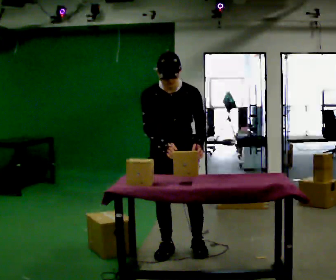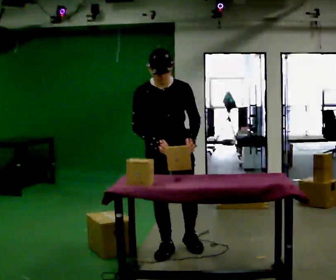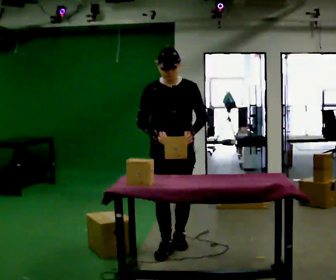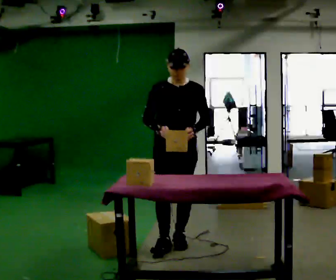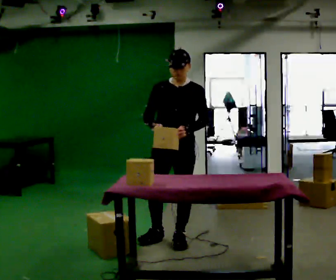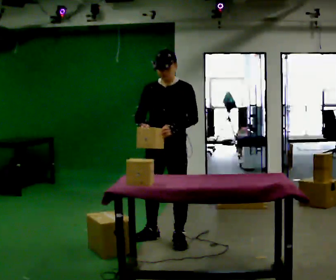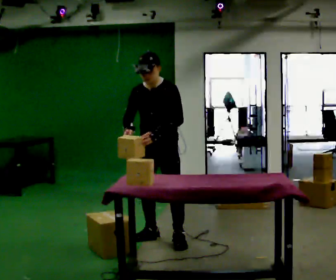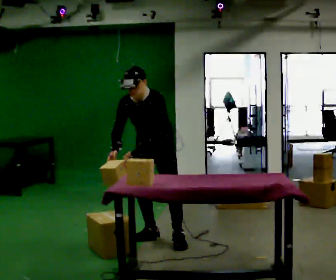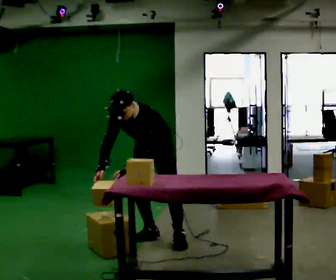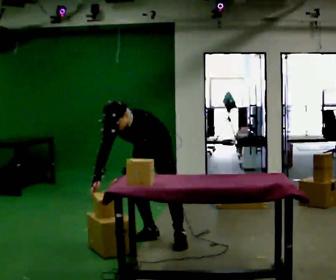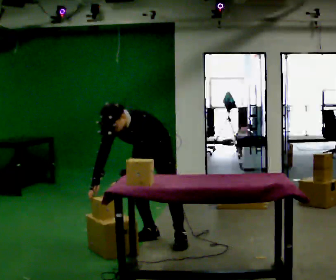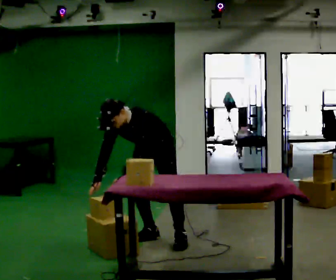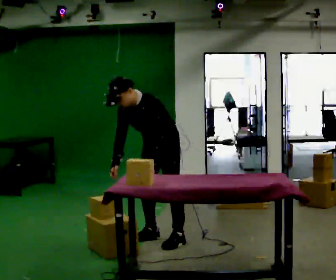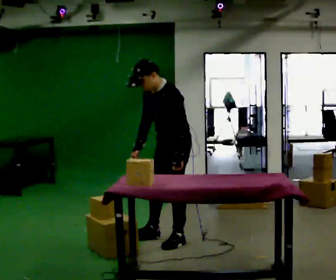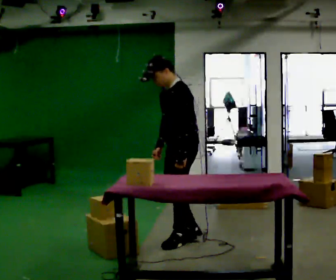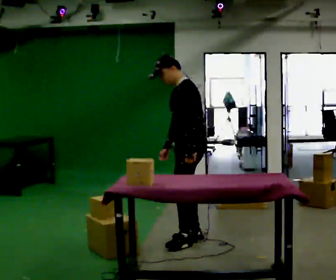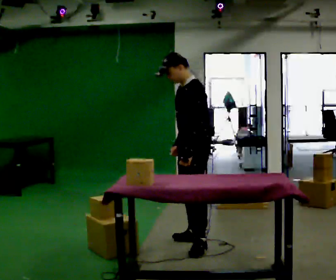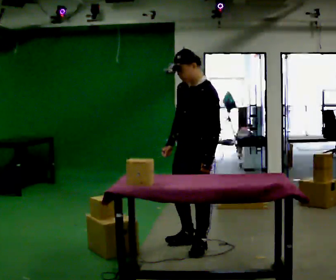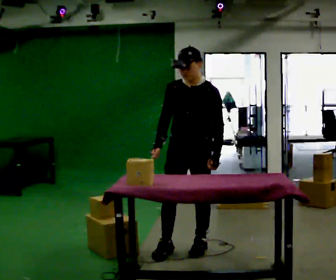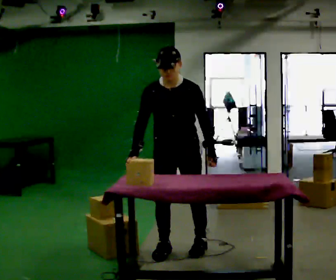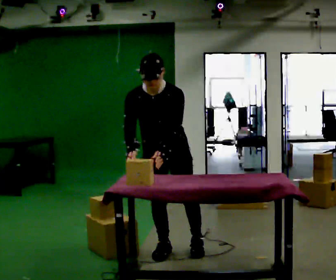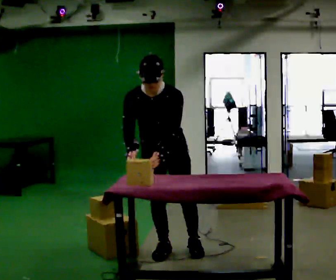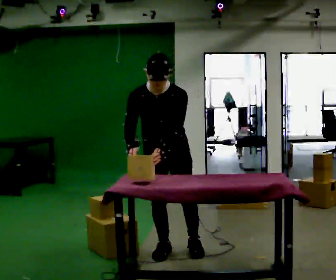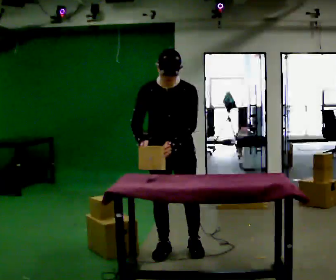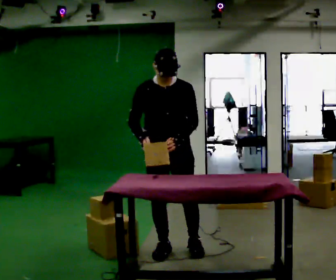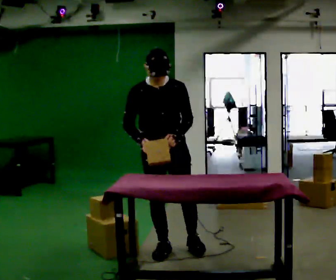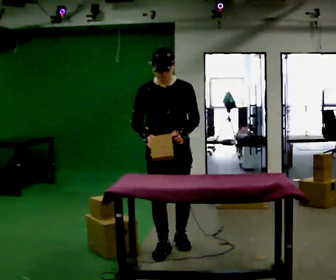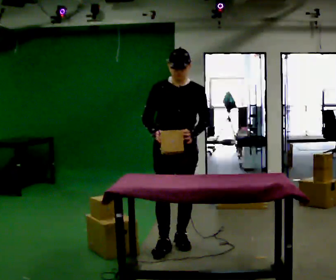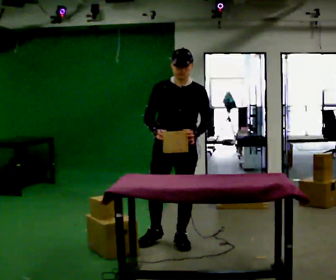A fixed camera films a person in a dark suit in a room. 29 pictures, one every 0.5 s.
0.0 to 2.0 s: In the picture they go away from the camera, about 0.25 m in 2 steps, which for them is backward. The upper body tips away from the camera, its near side rolling upward, as they lean back or straighten.
2.0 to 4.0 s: In the picture they go away from the camera and to the left, about 0.25 m, which for them is to their right and backward. The upper body goes downward. The upper body tips toward the camera, its near side rolling downward, as they bend forward. In the picture their left hand goes downward.
4.0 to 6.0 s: The person moves a little, or ends about where they began.
6.0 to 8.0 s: The person turns about 30 degrees to their right, clockwise seen from above, so the part of the body nearest the lens slides to the left. In the picture they go to the right and toward the camera, about 0.5 m in 2 steps, which for them is to their left and backward. The upper body tips away from the camera, its near side rolling upward, as they lean back or straighten.
8.0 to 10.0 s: Seen from above the body turns counterclockwise, about 75 degrees: to their left, with its near side sliding to the right. In the picture they go to the left and toward the camera, about 0.25 m in 1 step. The upper body tips toward the camera, its near side rolling downward, as they bend forward.
10.0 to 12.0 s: The upper body tips away from the camera, its near side rolling upward, as they lean back or straighten.
12.0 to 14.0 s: In the picture they go away from the camera, about 0.25 m in 2 steps, which for them is backward.
The film runs backward here.
